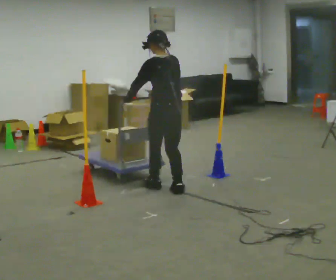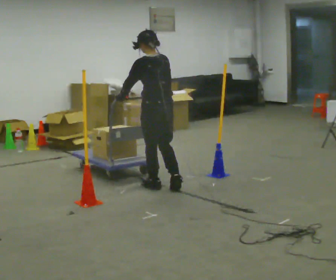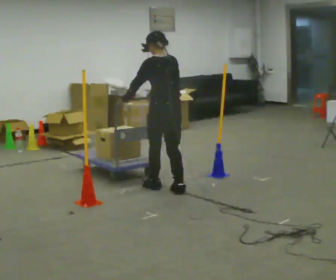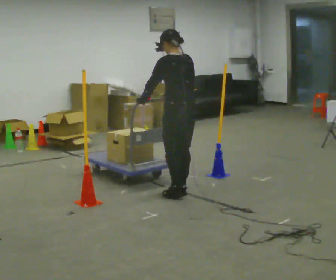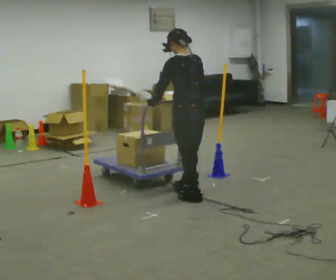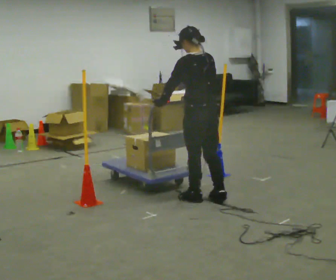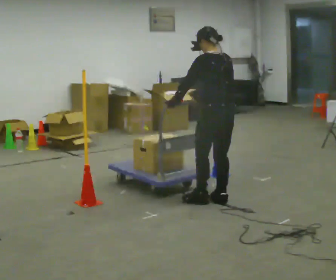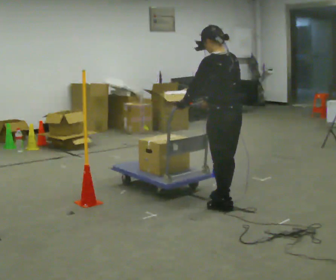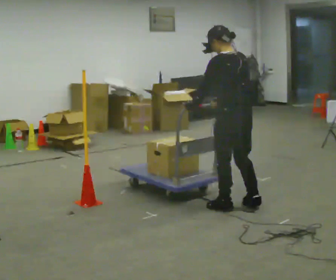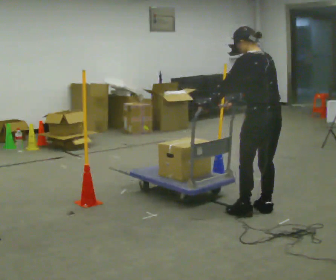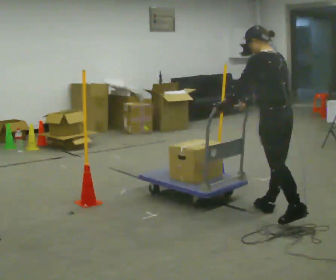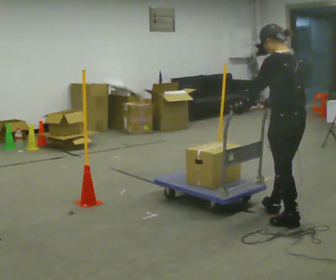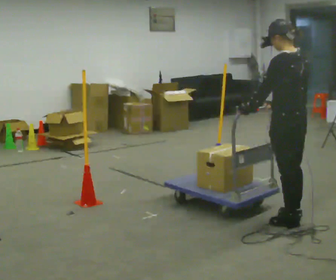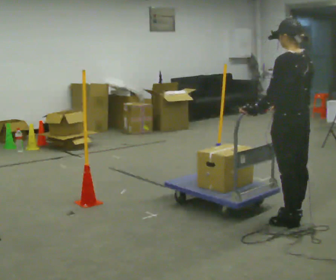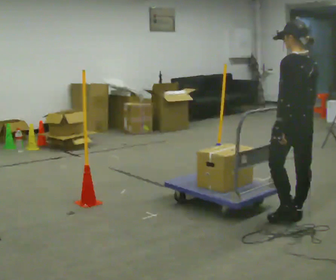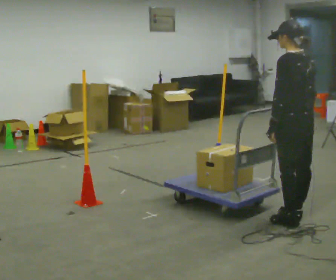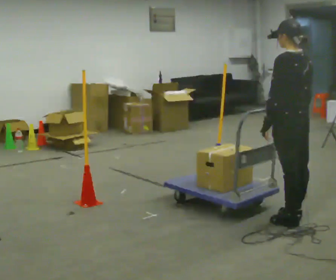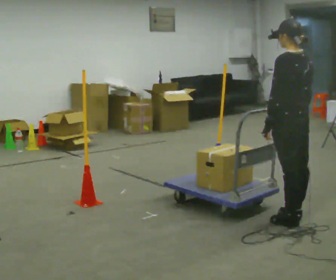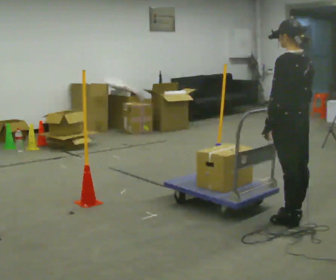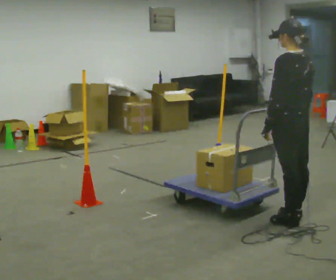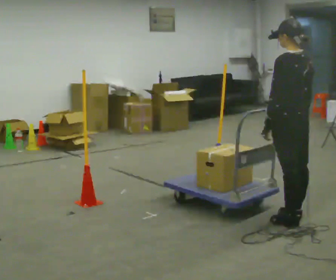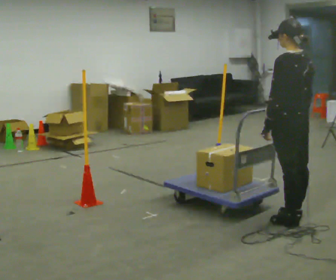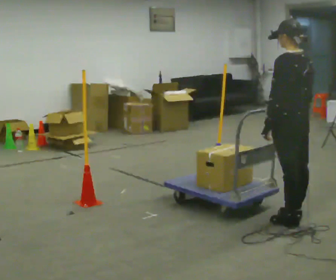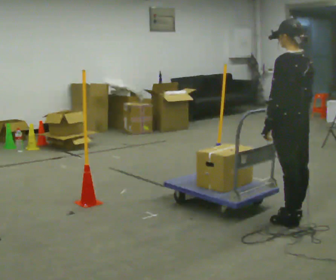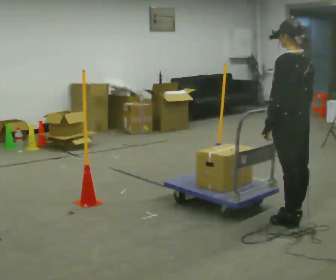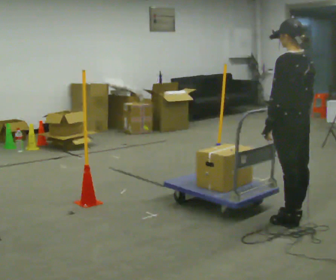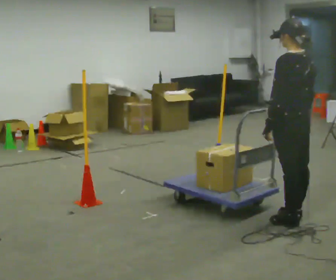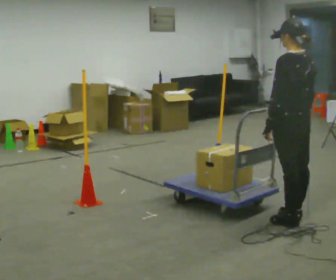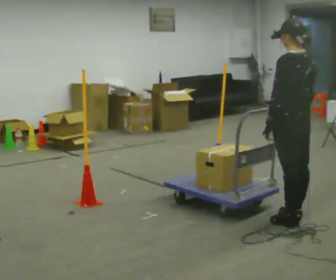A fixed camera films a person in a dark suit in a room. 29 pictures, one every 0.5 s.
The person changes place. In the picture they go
to the right.
0.0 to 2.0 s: In the picture they go to the right and toward the camera, about 0.25 m in 1 step, which for them is backward.
2.0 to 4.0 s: In the picture they go to the right and toward the camera, about 0.5 m in 2 steps, which for them is backward.
4.0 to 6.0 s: In the picture they go to the right and toward the camera, about 0.5 m in 3 steps, which for them is backward.
6.0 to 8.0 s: The person moves a little, or ends about where they began.
8.0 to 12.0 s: The person keeps their place and pose.
12.0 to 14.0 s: The person moves a little, or ends about where they began.
The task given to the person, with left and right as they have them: Push the cart through the gap between the poles without touching them, then bring it back through.
The film runs forward here.
